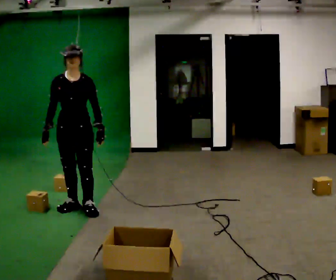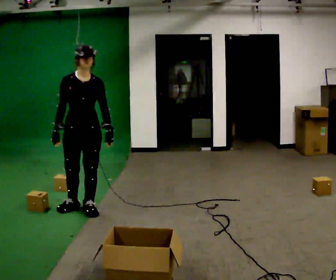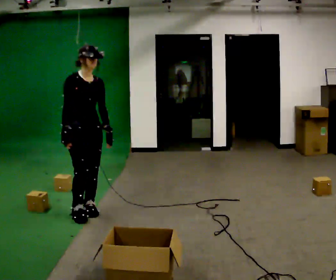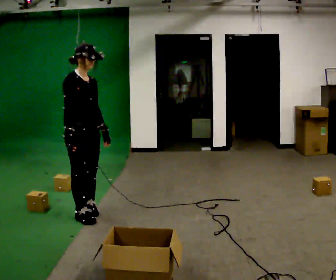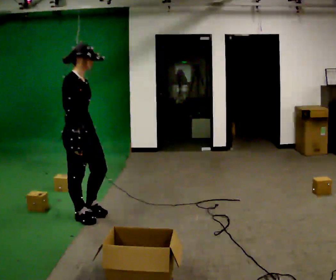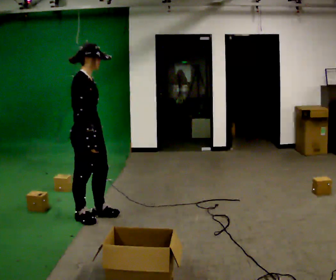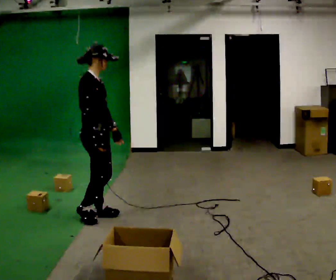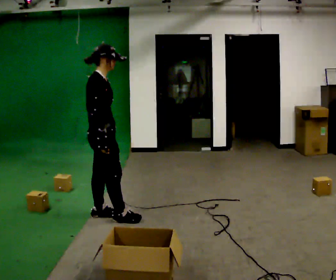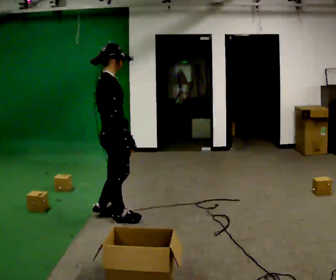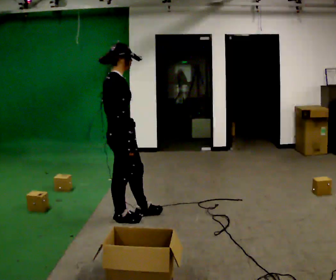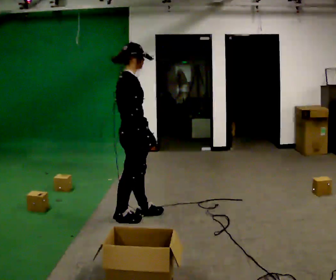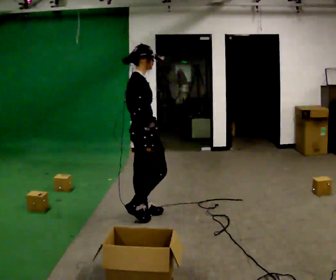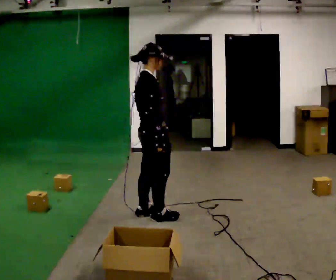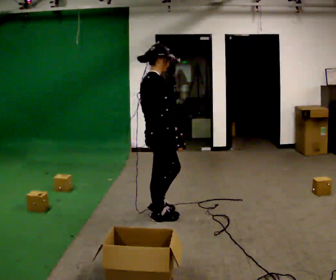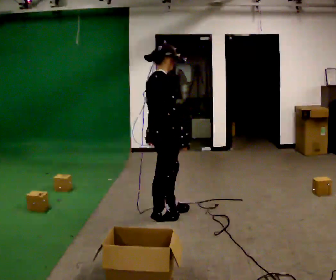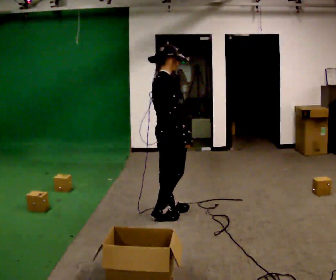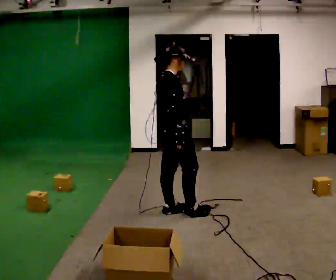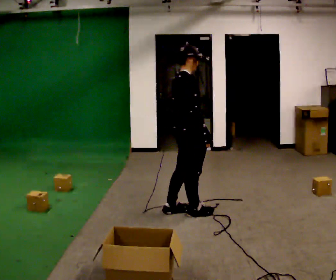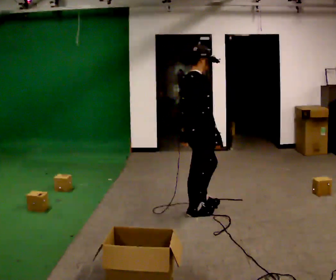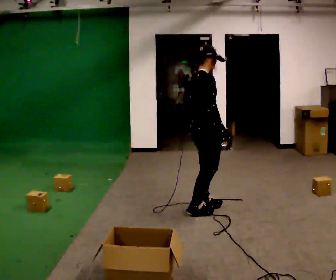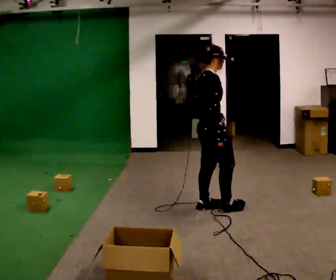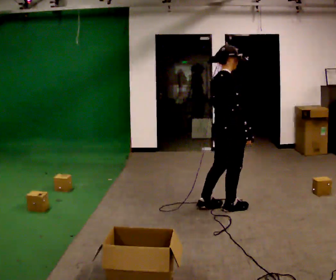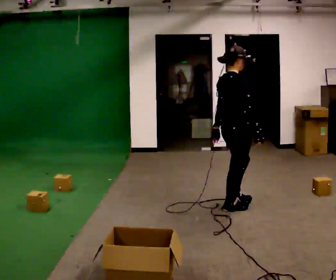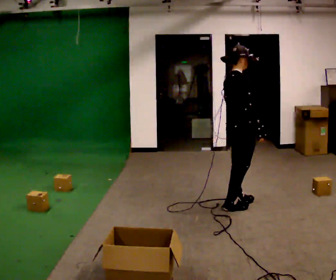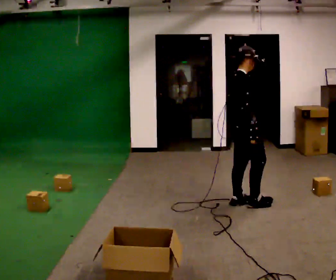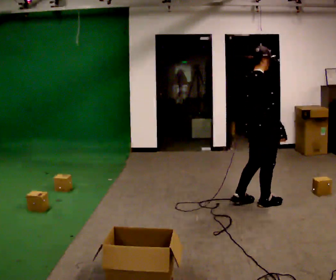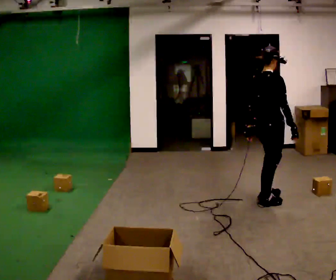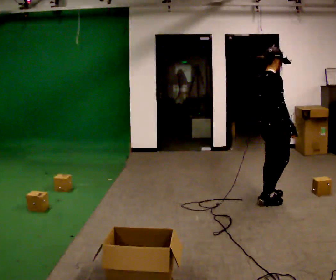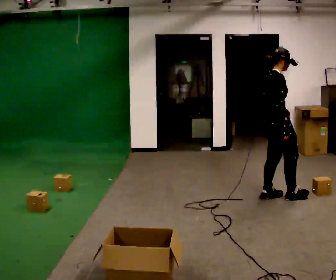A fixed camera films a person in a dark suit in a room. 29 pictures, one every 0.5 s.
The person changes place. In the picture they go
to the right.
0.0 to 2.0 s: Seen from above the body turns counterclockwise, about 75 degrees: to their left, with its near side sliding to the right. In the picture they go toward the camera, about 0.25 m in 1 step. In the picture their right hand goes to the right.
2.0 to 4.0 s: In the picture they go to the right, about 0.25 m in 1 step, which for them is forward.
4.0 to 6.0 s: In the picture they go to the right, about 0.25 m in 2 steps, which for them is forward.
6.0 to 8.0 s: In the picture they go to the right, about 0.25 m in 1 step, which for them is forward.
8.0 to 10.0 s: In the picture they go to the right, about 0.25 m in 2 steps, which for them is forward.
10.0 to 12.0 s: In the picture they go to the right, about 0.25 m in 2 steps, which for them is forward.
12.0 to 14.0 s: In the picture they go to the right, about 0.5 m in 3 steps, which for them is forward.
The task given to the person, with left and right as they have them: Take the objects from the bin one at a time and put one in each of the places the operator points out. Keep going until the operator says stop; one object at a time, and do not rush between trips.
The film runs forward here.
